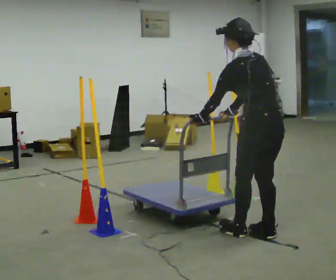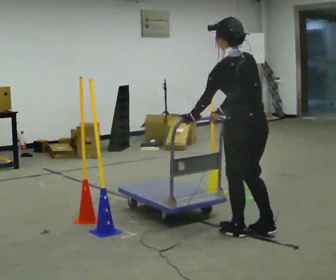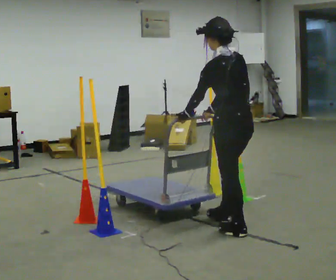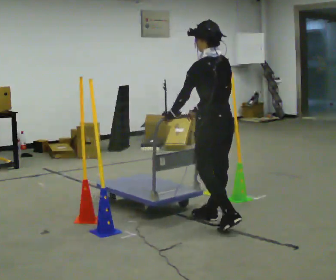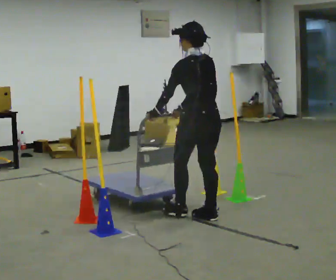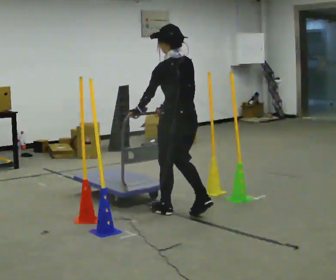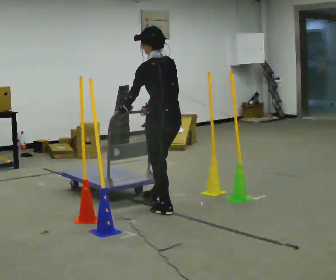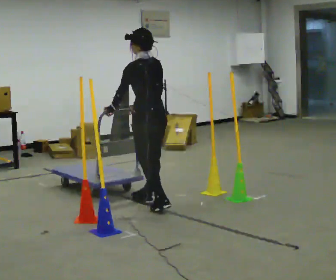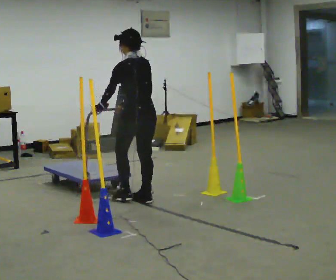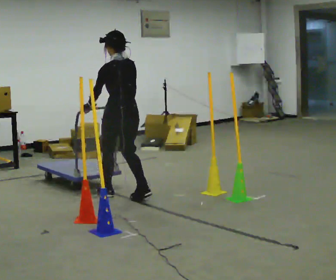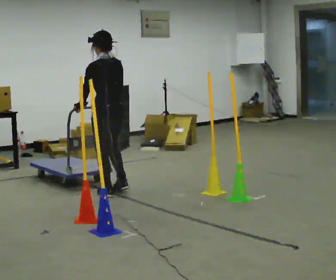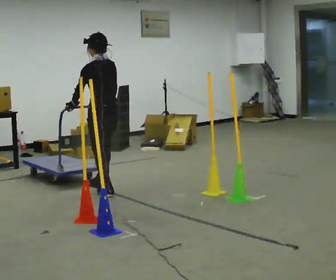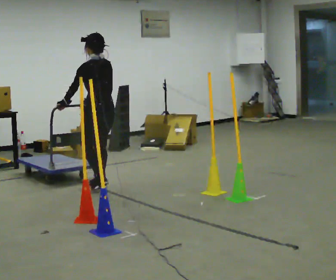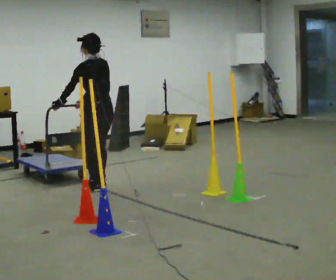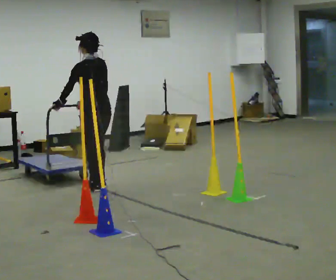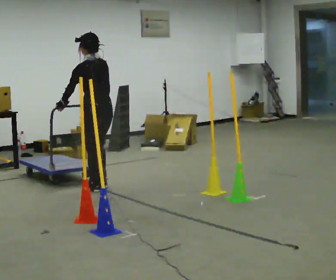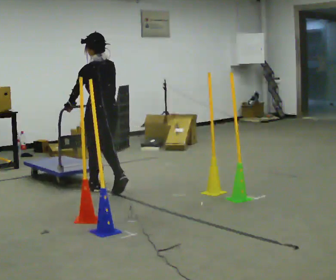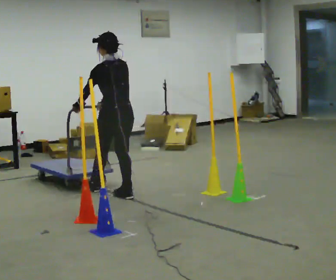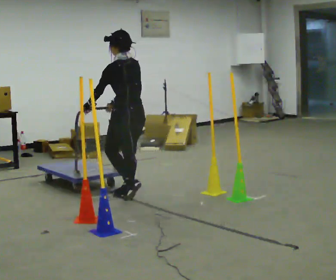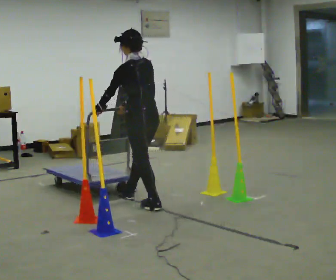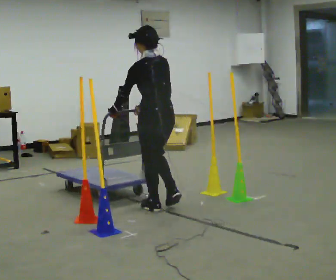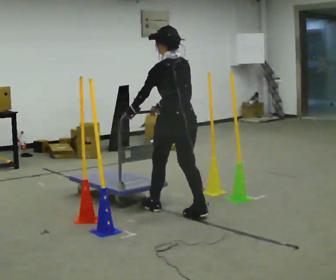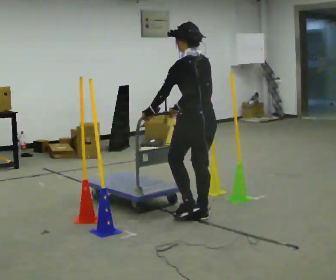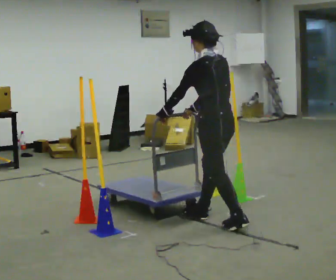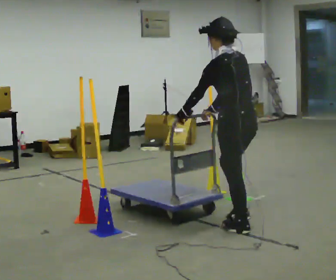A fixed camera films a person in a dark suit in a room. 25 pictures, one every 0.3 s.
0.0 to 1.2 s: In the picture they go away from the camera and to the left, about 0.75 m in 2 steps, which for them is forward.
1.2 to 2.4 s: In the picture they go away from the camera and to the left, about 1 m in 2 steps, which for them is forward.
2.4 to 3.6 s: In the picture they go away from the camera and to the left, about 0.75 m in 2 steps, which for them is forward.
3.6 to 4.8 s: The person moves a little, or ends about where they began.
4.8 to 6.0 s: In the picture they go toward the camera and to the right, about 1 m in 2 steps, which for them is backward.
6.0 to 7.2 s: In the picture they go toward the camera and to the right, about 1 m in 2 steps, which for them is backward.
The film runs backward here.
